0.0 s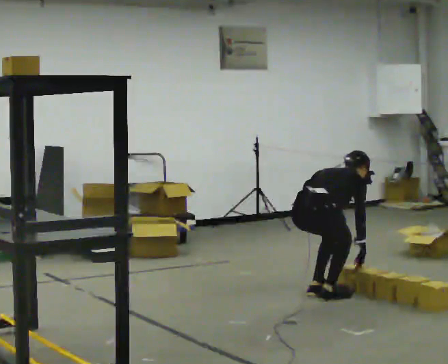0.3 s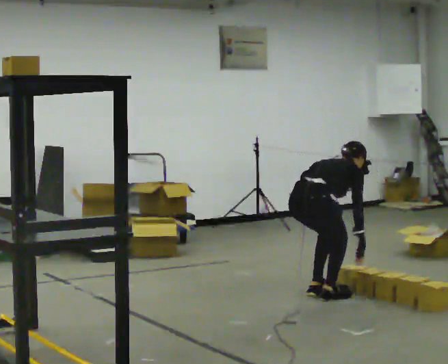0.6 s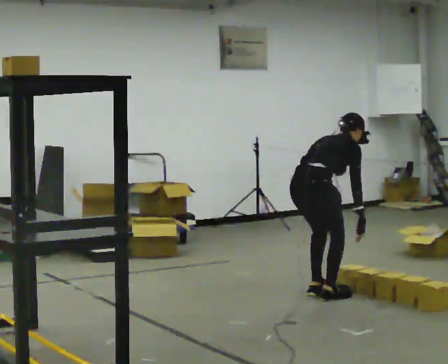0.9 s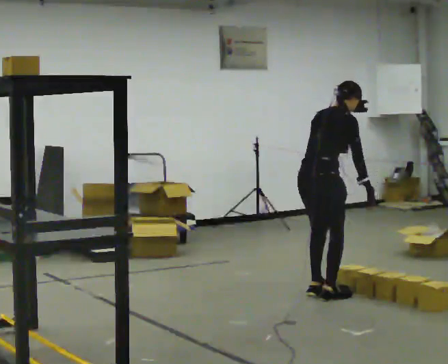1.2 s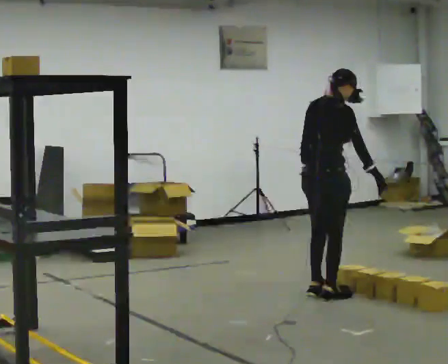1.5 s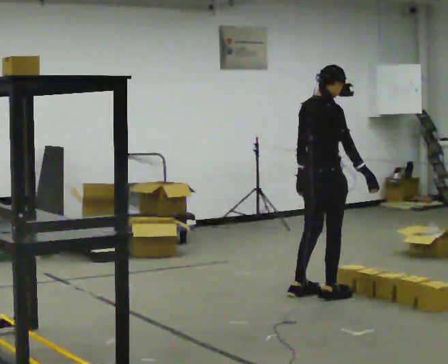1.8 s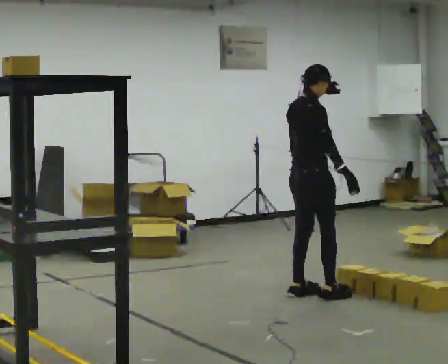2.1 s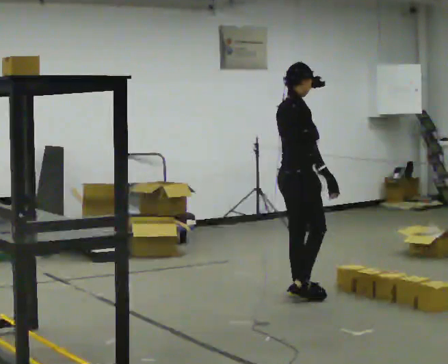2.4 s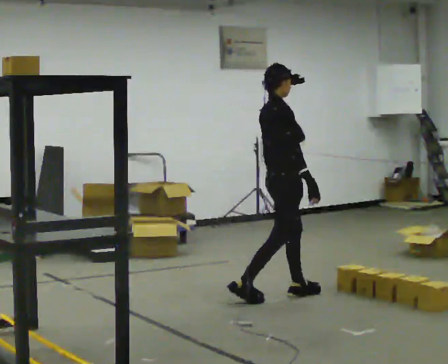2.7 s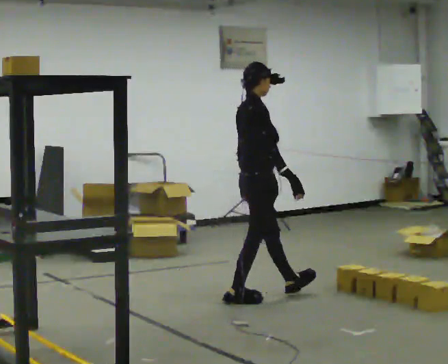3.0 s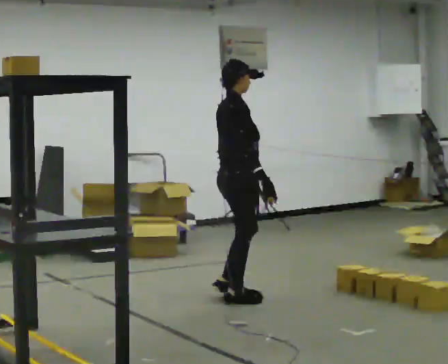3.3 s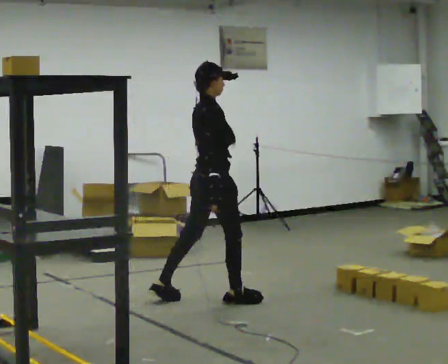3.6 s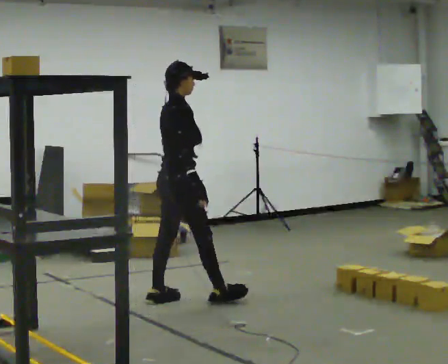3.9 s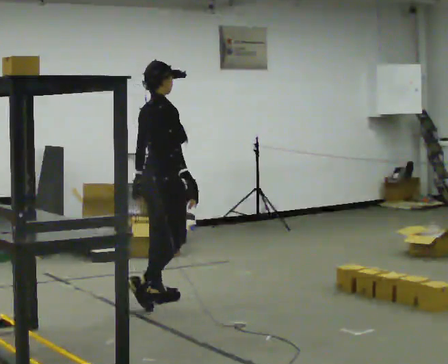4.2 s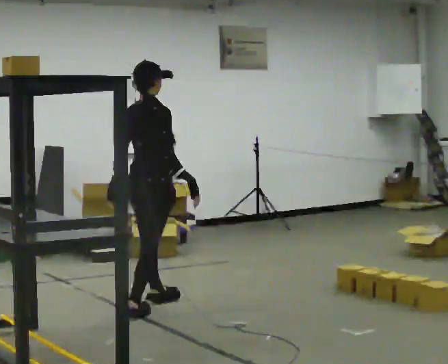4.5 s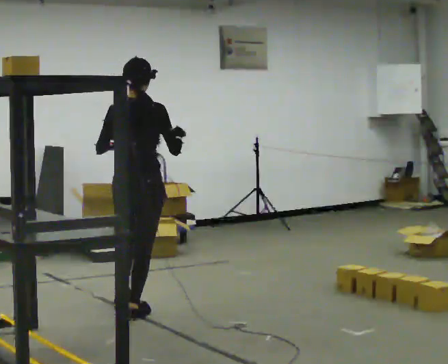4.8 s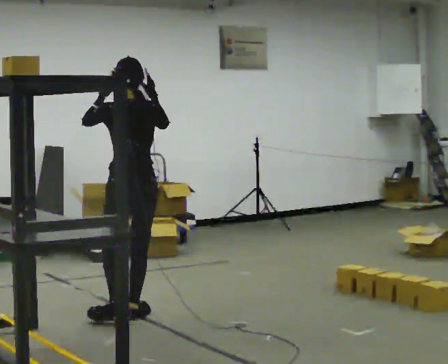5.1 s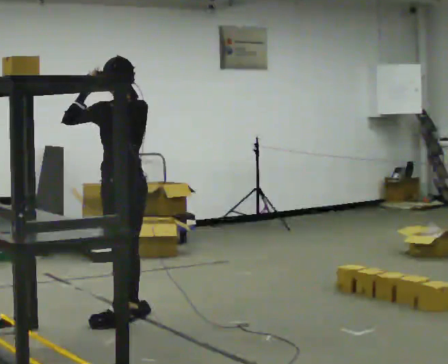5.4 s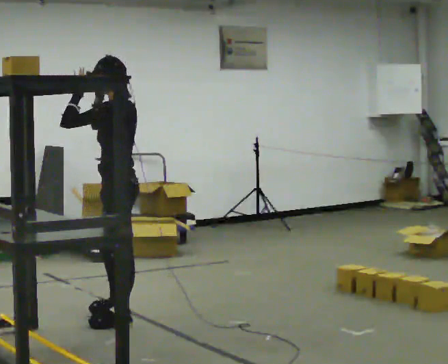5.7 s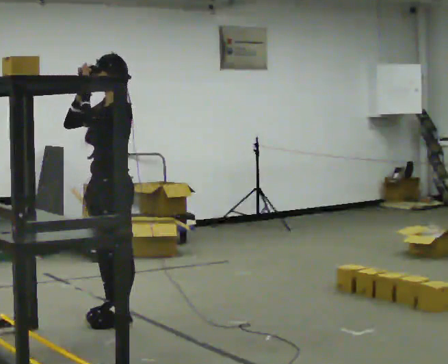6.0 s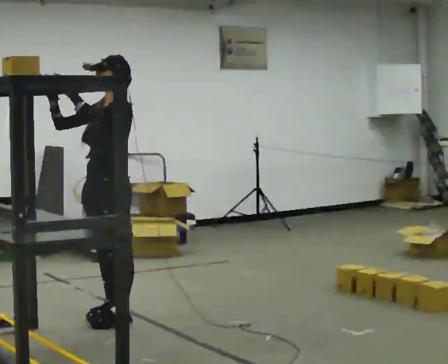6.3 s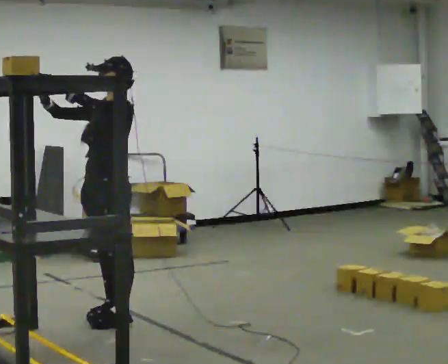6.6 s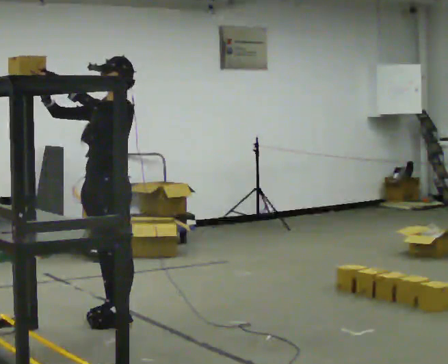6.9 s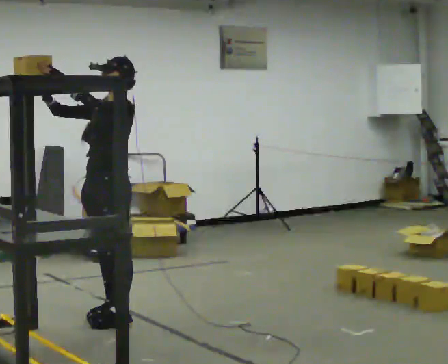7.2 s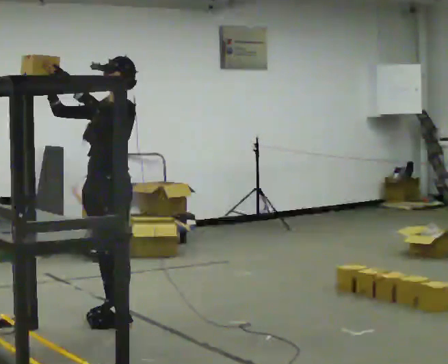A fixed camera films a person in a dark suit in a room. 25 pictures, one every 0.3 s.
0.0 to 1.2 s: The upper body goes upward. In the picture the upper body tilts counterclockwise, shoulders to the left, as they lean back or straighten. In the picture their left hand goes upward.
1.2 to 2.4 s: The part of the body nearest the lens slides to the left as the person turns to their right by about 30 degrees. In the picture they go to the left, about 0.25 m in 2 steps, which for them is backward and to their left. In the picture the upper body tilts counterclockwise, shoulders to the left, as they lean back or straighten.
2.4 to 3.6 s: In the picture they go to the left, about 0.5 m in 2 steps, which for them is backward.
3.6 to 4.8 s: Seen from above the body turns counterclockwise, about 90 degrees: to their left, with its near side sliding to the right. In the picture they go toward the camera and to the left, about 0.5 m in 1 step. In the picture their right hand goes upward.
4.8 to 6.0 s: Seen from above the body turns counterclockwise, about 105 degrees: to their left, with its near side sliding to the right. In the picture their right hand goes to the left.
6.0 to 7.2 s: The person moves a little, or ends about where they began.
The film runs backward here.
